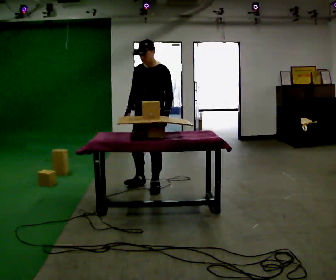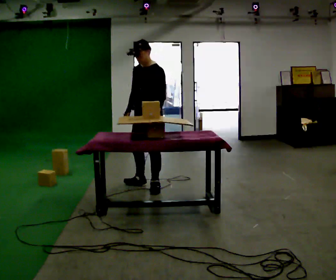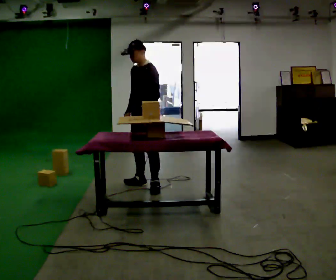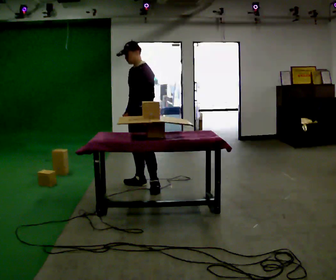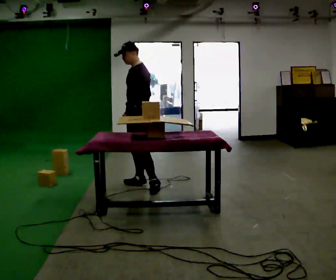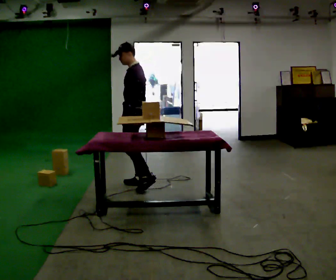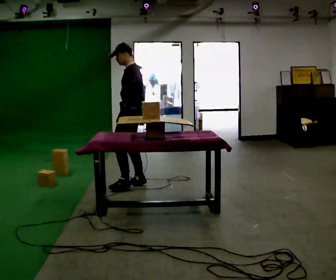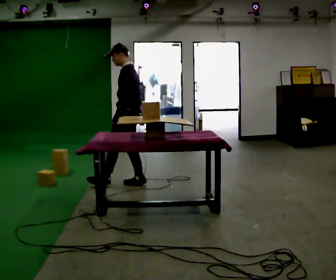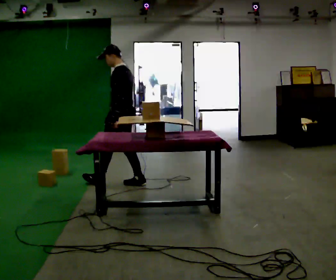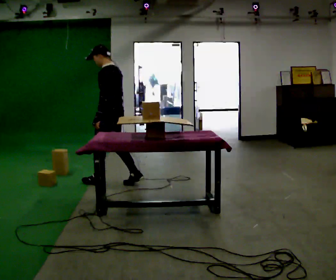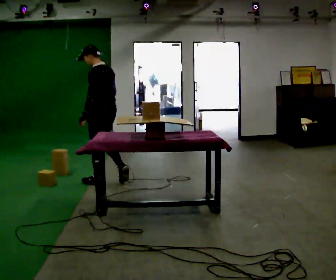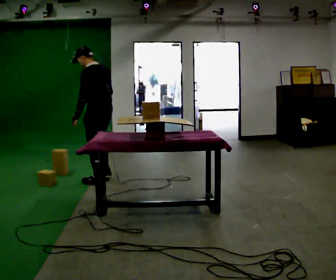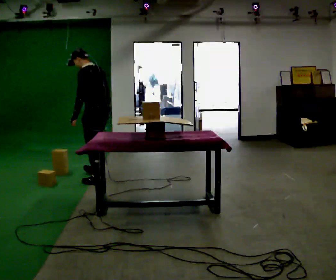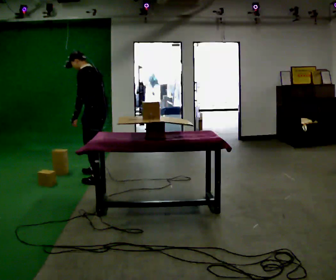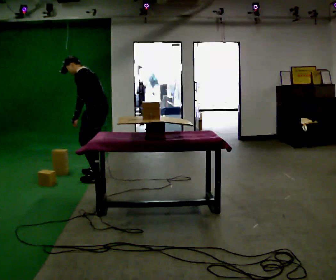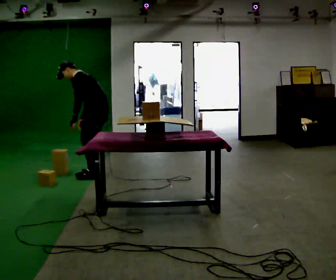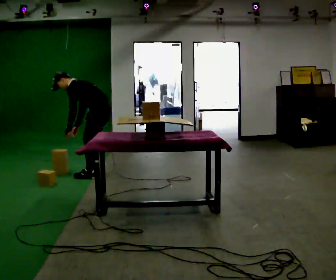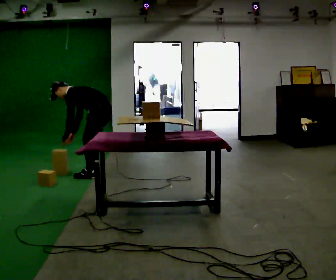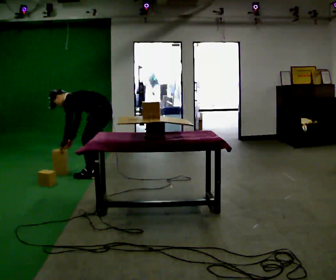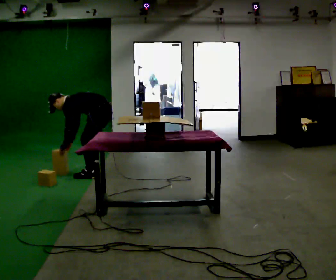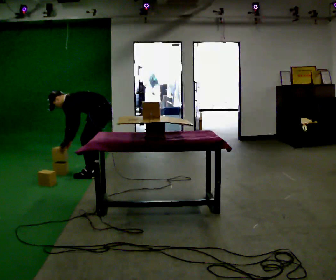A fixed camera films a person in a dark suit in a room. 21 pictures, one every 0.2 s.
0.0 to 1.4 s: The person turns about 60 degrees to their right, clockwise seen from above, so the part of the body nearest the lens slides to the left. In the picture they go to the left and away from the camera, about 0.25 m, which for them is to their right and forward.
1.4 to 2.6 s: In the picture they go to the left and away from the camera, about 0.5 m in 2 steps, which for them is forward. In the picture the upper body tilts counterclockwise, shoulders to the left, as they bend forward.
2.6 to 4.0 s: The upper body goes downward. In the picture the upper body tilts counterclockwise, shoulders to the left, as they bend forward. In the picture their right hand goes to the left and downward.
The film runs forward here.
